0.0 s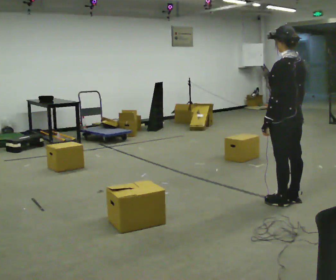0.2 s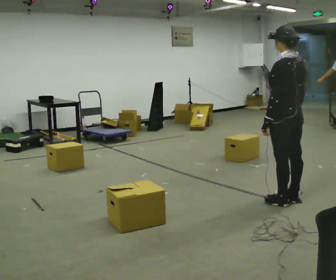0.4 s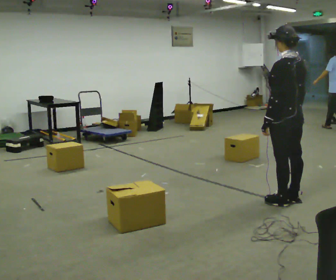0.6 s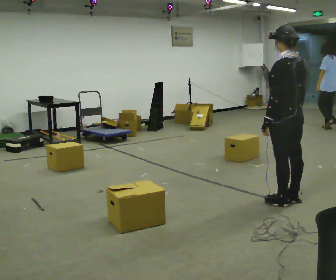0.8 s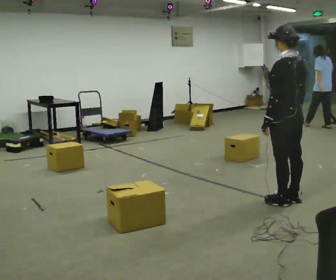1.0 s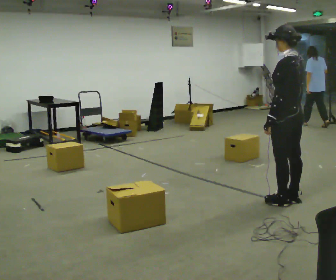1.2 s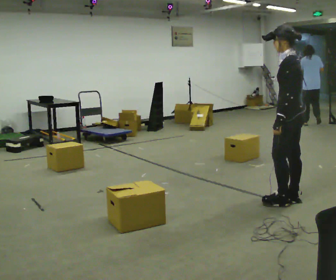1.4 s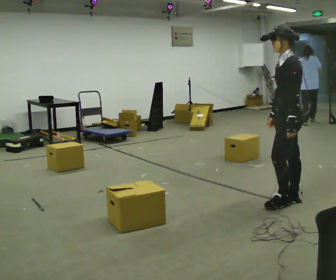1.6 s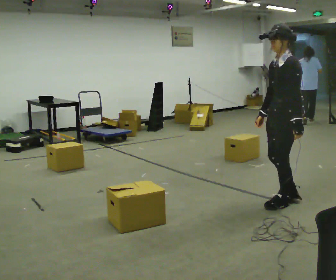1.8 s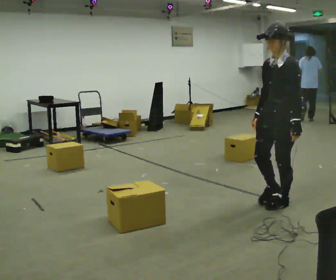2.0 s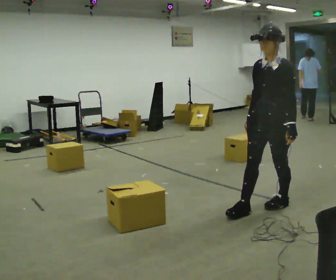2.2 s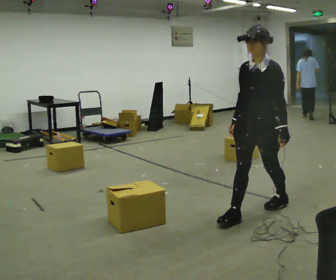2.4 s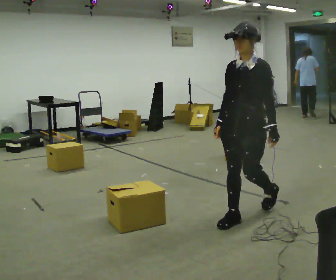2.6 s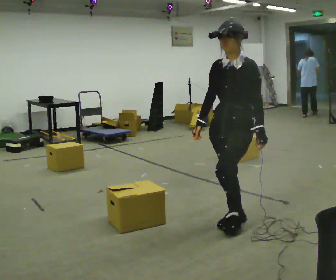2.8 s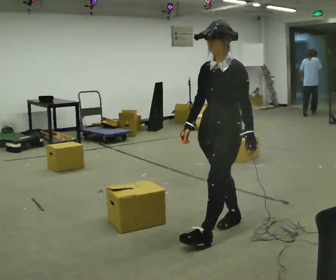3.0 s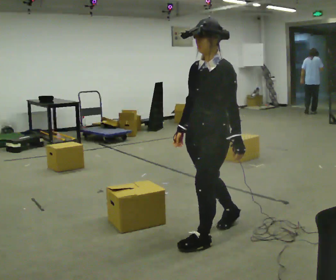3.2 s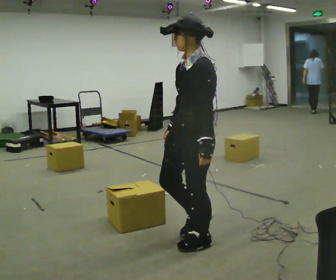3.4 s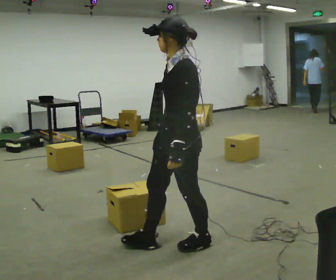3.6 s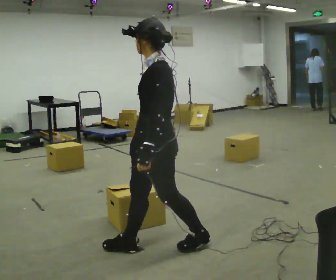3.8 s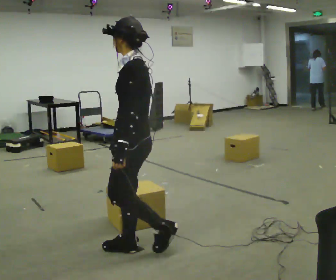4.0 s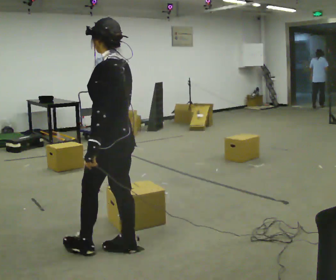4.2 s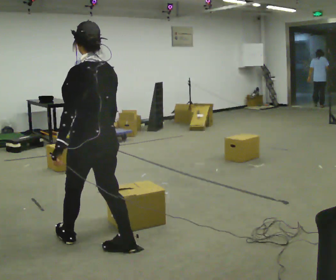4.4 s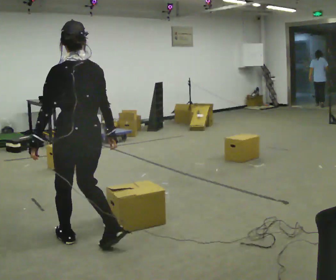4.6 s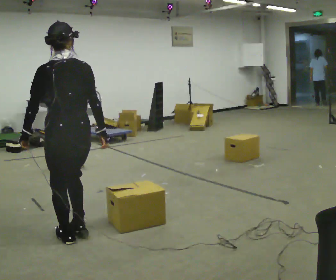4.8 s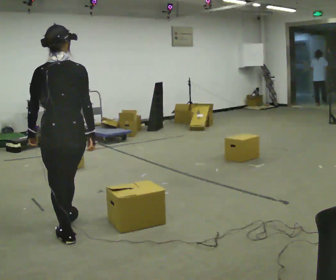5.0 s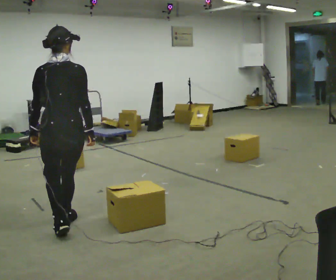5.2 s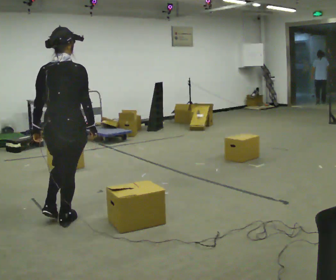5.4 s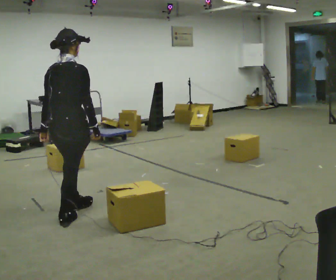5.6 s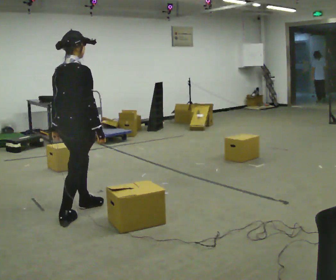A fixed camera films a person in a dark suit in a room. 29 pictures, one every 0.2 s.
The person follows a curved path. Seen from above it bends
clockwise.
The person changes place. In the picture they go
to the left.
0.0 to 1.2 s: The person turns about 30 degrees to their left, counterclockwise seen from above, so the part of the body nearest the lens slides to the right.
1.2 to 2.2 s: Seen from above the body turns counterclockwise, about 75 degrees: to their left, with its near side sliding to the right. In the picture they go to the left and toward the camera, about 0.5 m in 1 step.
2.2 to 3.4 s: The part of the body nearest the lens slides to the left as the person turns to their right by about 30 degrees. In the picture they go to the left and toward the camera, about 1 m in 1 step, which for them is forward.
3.4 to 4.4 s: The person turns about 60 degrees to their right, clockwise seen from above, so the part of the body nearest the lens slides to the left. In the picture they go to the left, about 0.75 m in 2 steps.
4.4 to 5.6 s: The person turns about 75 degrees to their right, clockwise seen from above, so the part of the body nearest the lens slides to the left. In the picture they go away from the camera and to the left, about 0.5 m in 2 steps.
The film runs forward here.
